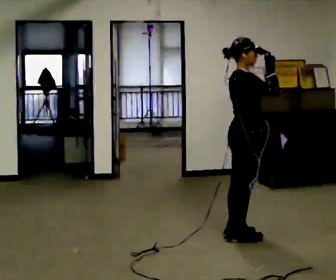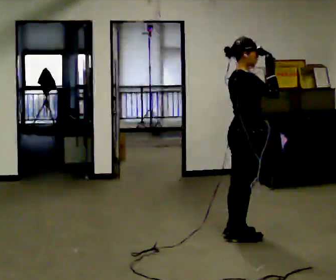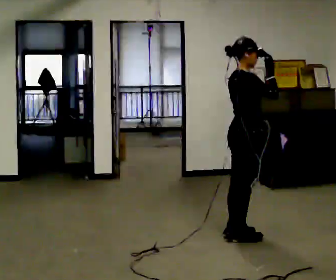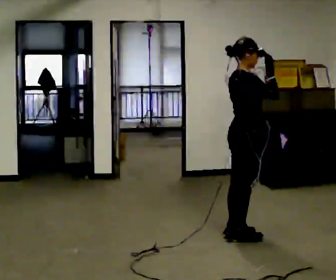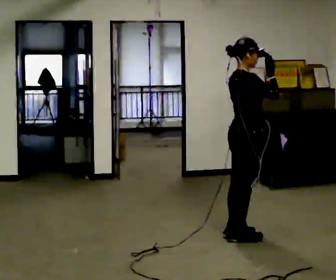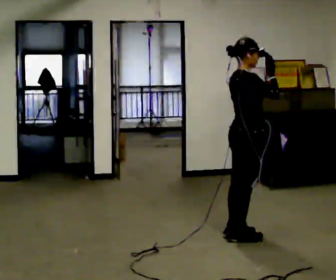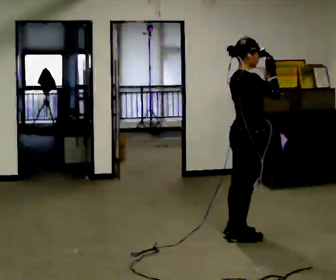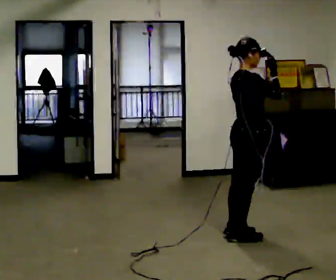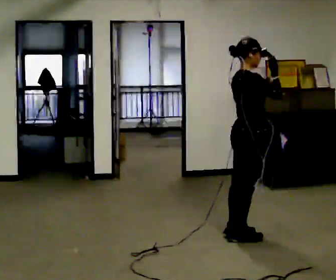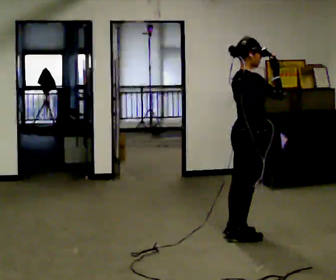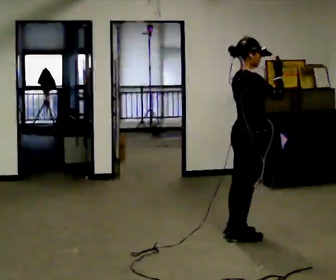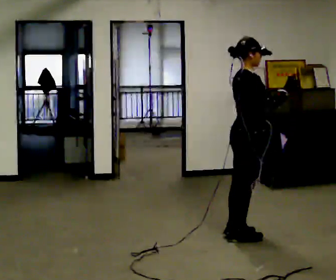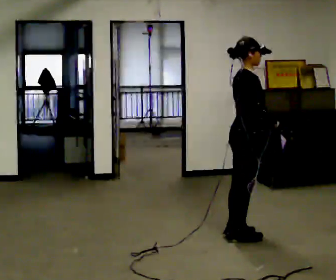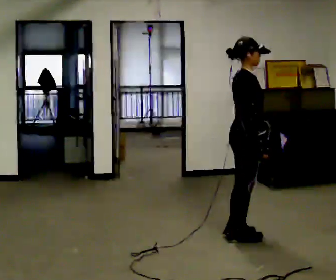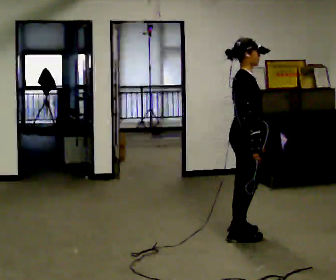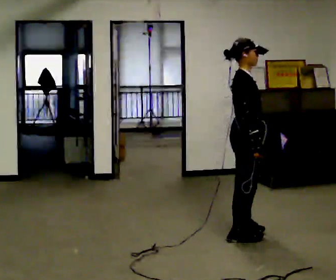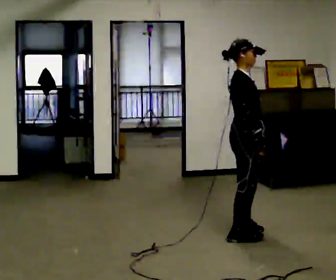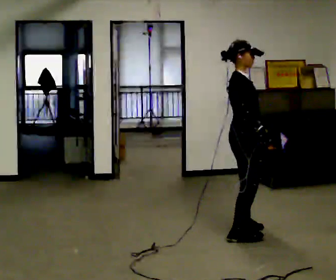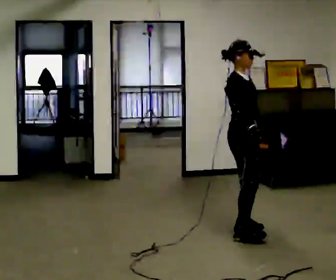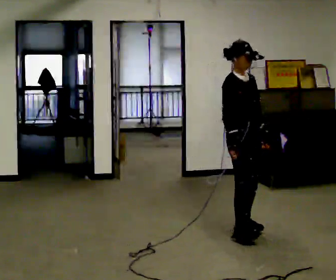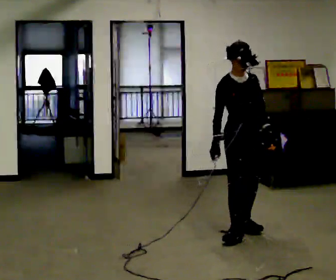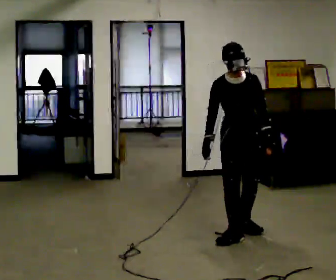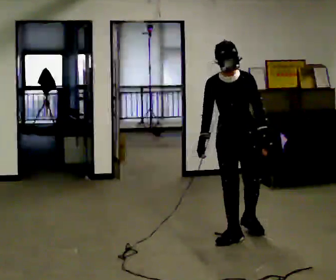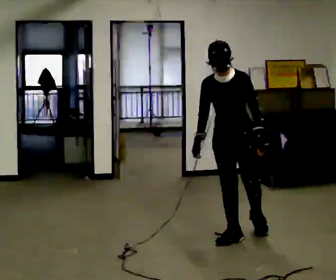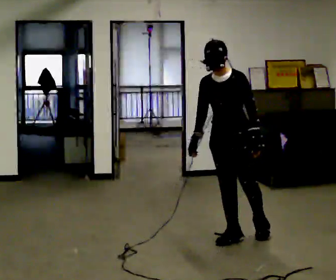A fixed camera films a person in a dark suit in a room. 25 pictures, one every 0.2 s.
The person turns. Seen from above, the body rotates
clockwise.
Their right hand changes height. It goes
downward.
0.0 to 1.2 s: The person moves a little, or ends about where they began.
1.2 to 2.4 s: In the picture their right hand goes downward.
2.4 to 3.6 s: Seen from above the body turns clockwise, about 30 degrees: to their right, with its near side sliding to the left. In the picture they go away from the camera, about 0.25 m in 1 step, which for them is to their left.
3.6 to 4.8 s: The part of the body nearest the lens slides to the left as the person turns to their right by about 90 degrees. In the picture they go toward the camera, about 0.25 m in 1 step. In the picture their right hand goes to the left, the arm swinging clockwise.
The film runs backward here.
